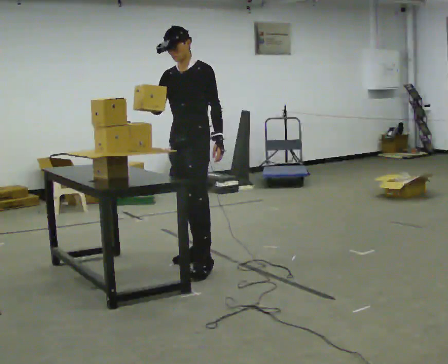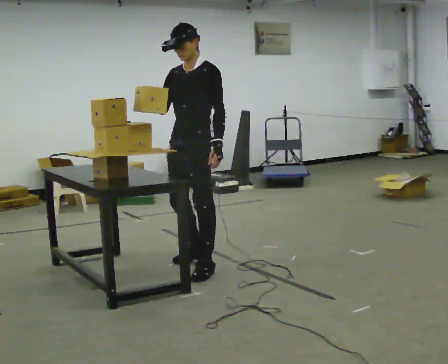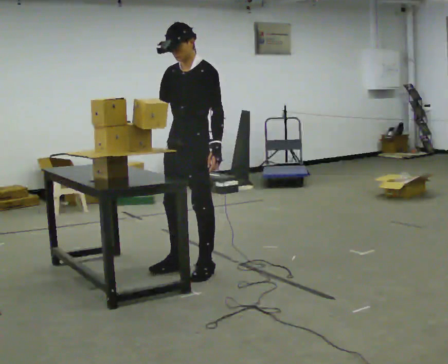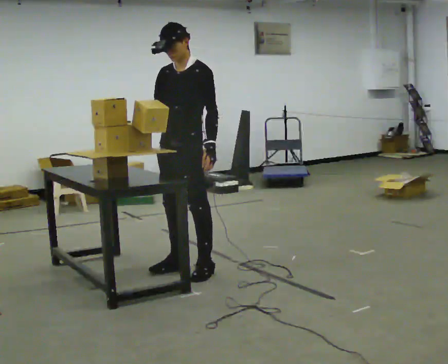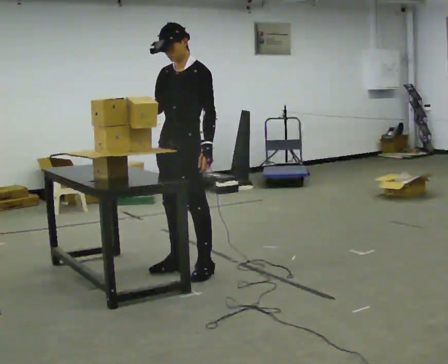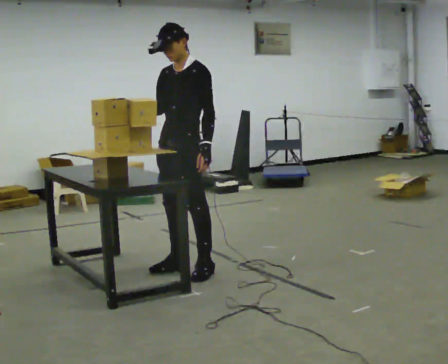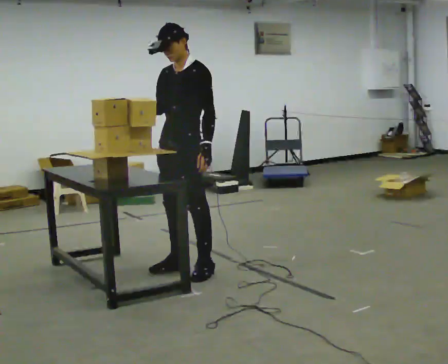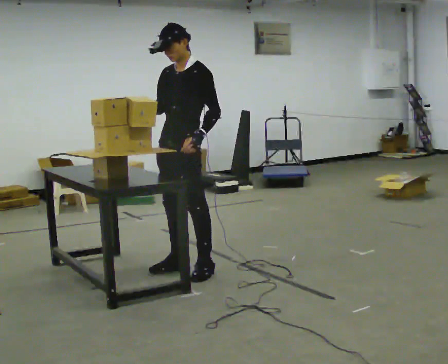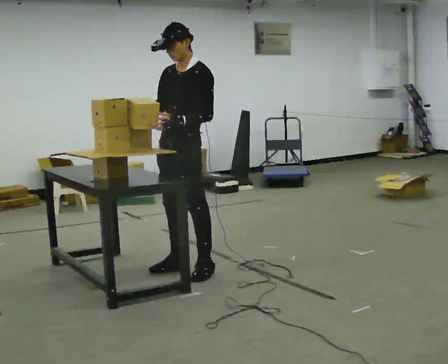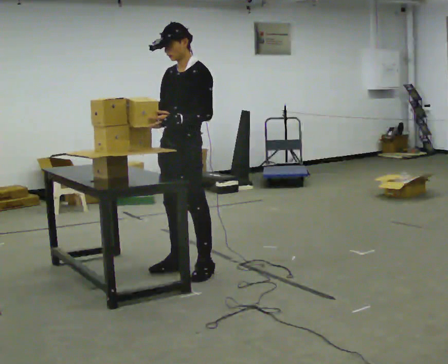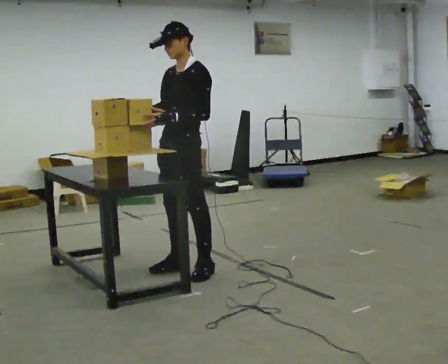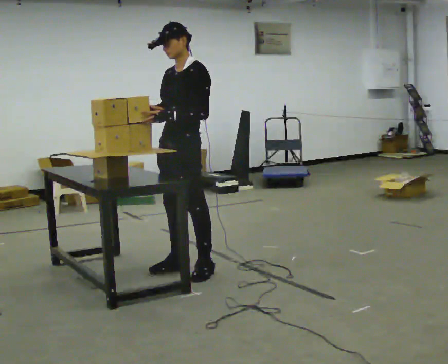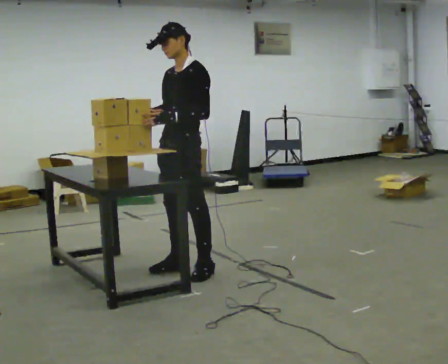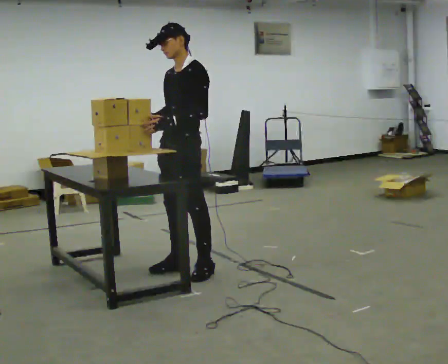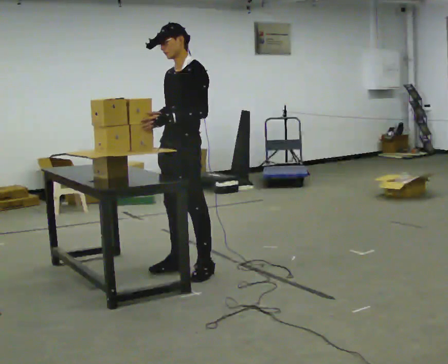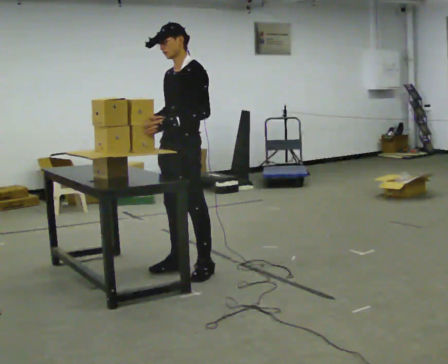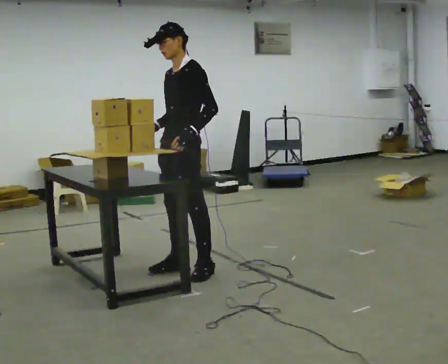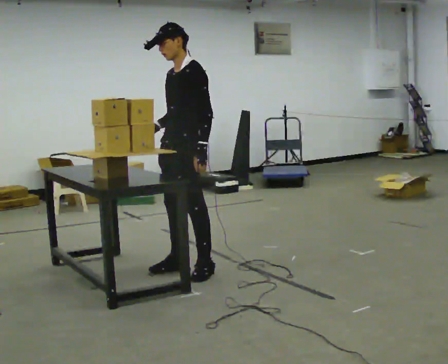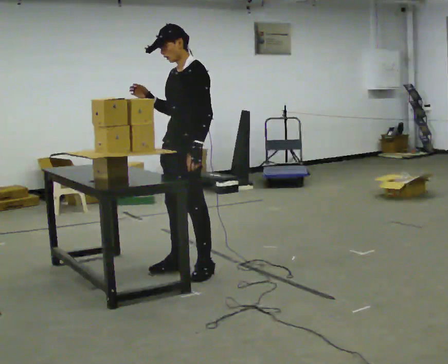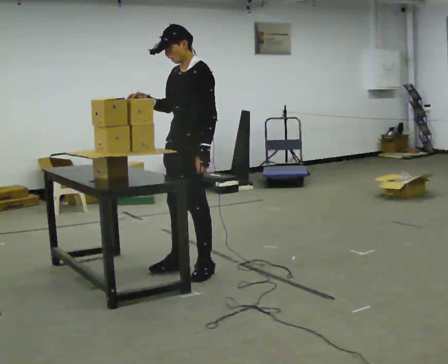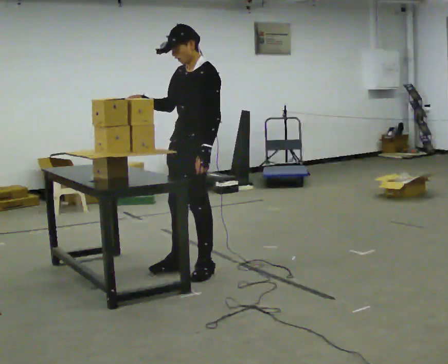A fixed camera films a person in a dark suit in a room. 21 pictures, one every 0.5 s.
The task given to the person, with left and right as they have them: Carry the object over and set it down on the wobbly board without tipping it over. Keep going until the operator says stop; one object at a time, and do not rush between trips.
0.0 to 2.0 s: In the picture they go toward the camera, about 0.25 m in 1 step, which for them is forward and to their left.
2.0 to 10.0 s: The person moves a little, or ends about where they began.
The film runs forward here.
